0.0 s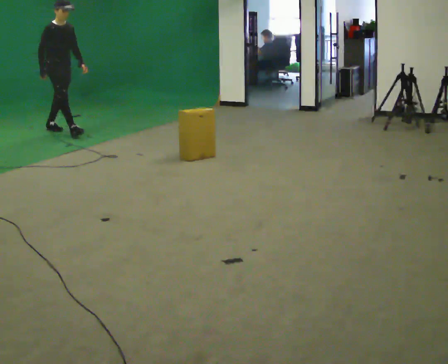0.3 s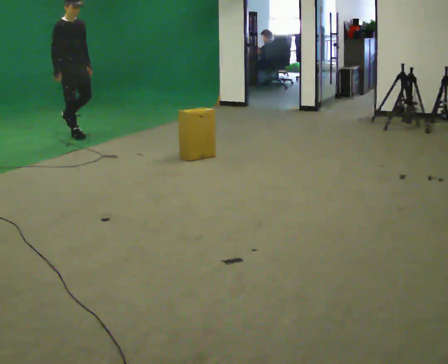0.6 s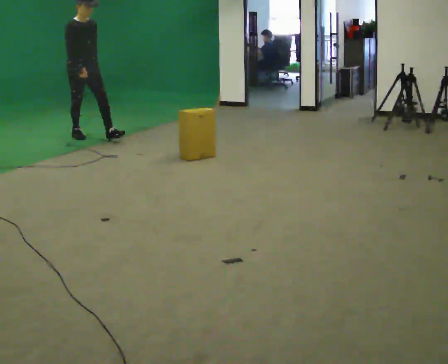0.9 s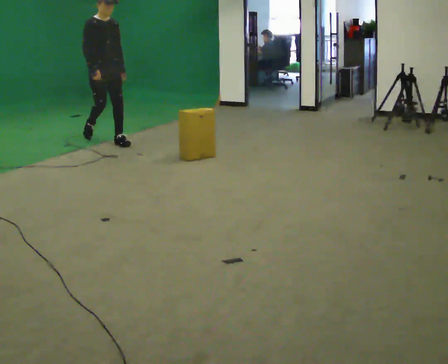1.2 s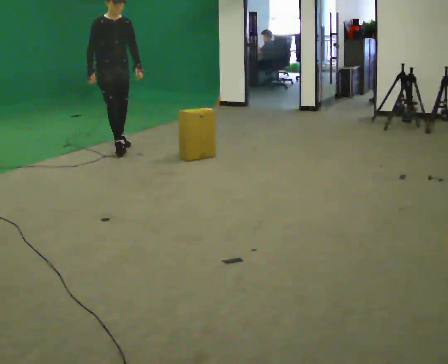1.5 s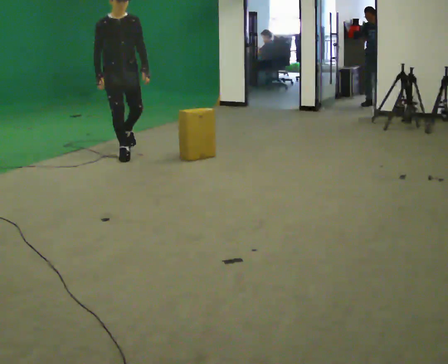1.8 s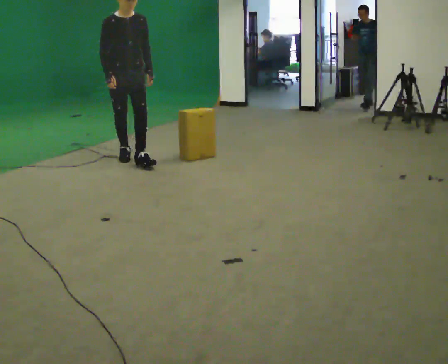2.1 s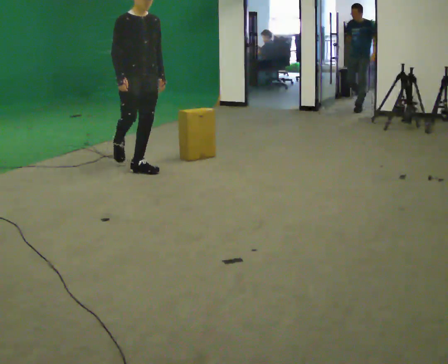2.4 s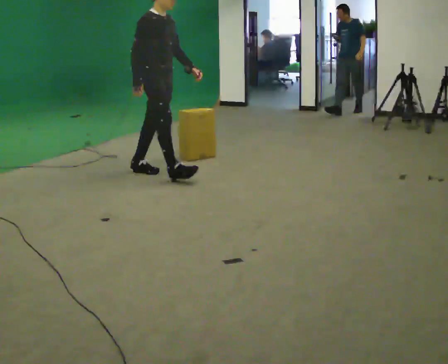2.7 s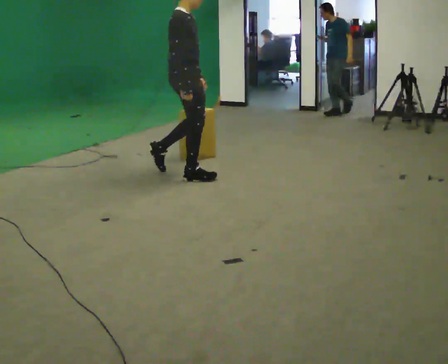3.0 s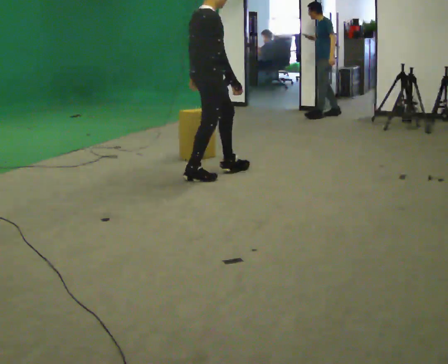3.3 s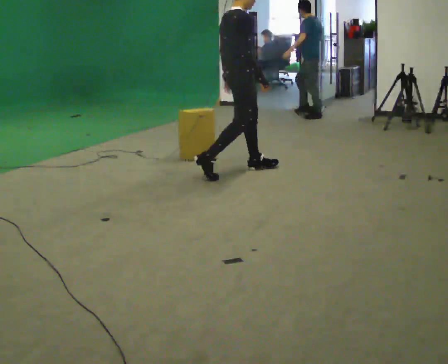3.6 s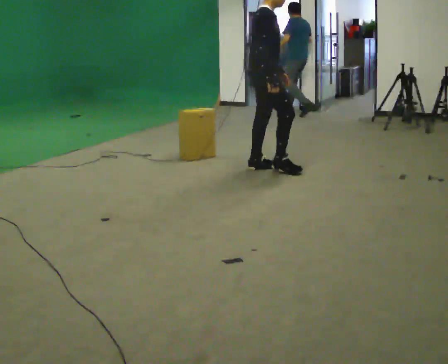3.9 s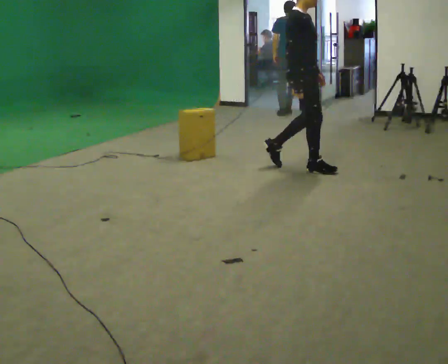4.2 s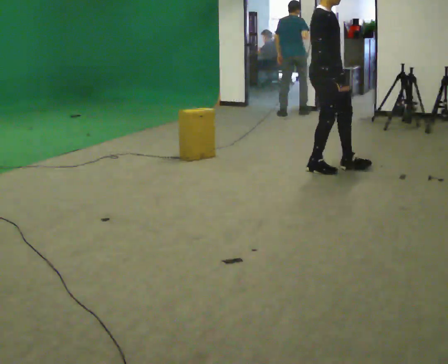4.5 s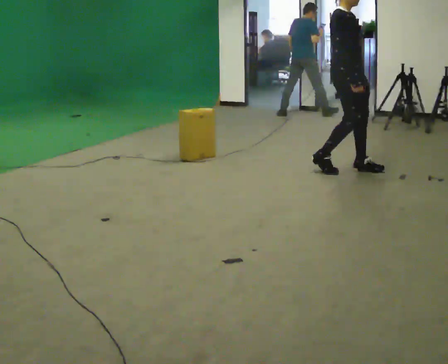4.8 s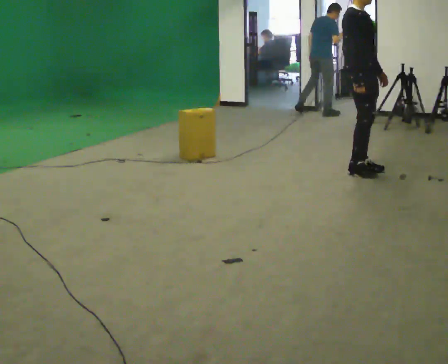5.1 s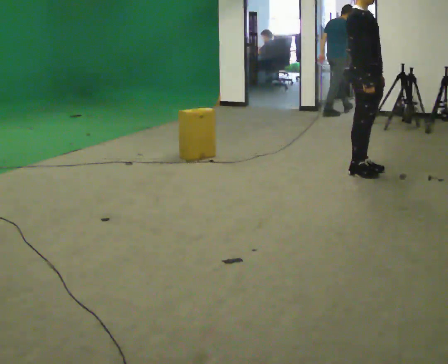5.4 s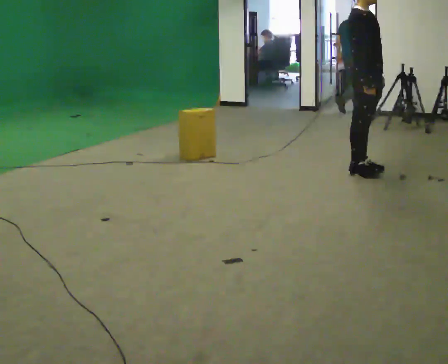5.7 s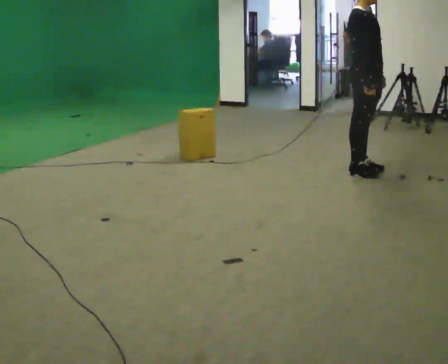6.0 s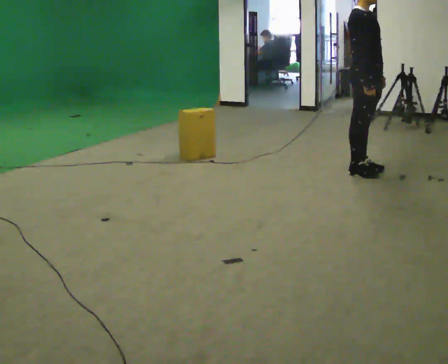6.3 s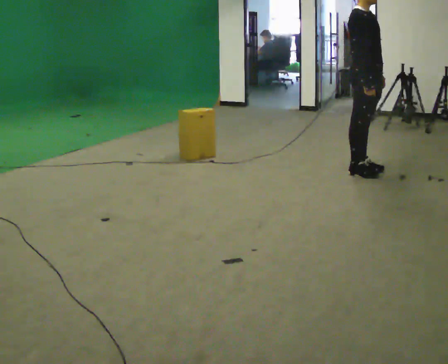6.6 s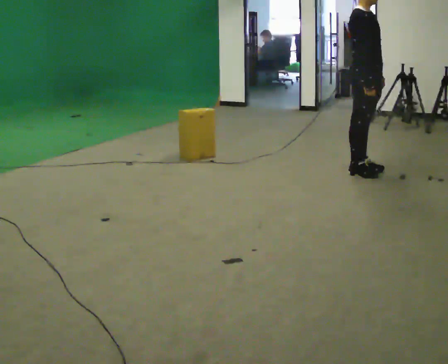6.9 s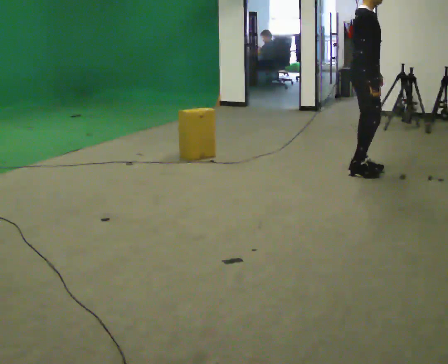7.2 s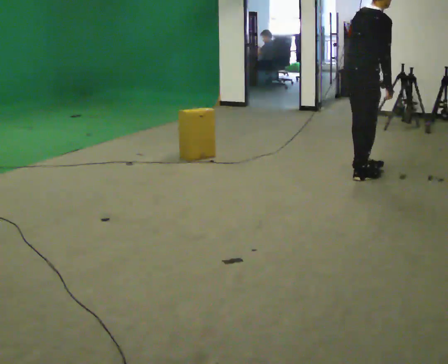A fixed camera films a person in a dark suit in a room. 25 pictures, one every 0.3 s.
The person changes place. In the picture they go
to the right.
0.0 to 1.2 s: Seen from above the body turns clockwise, about 30 degrees: to their right, with its near side sliding to the left. In the picture they go to the right and toward the camera, about 1 m in 1 step, which for them is forward.
1.2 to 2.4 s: The person turns about 45 degrees to their left, counterclockwise seen from above, so the part of the body nearest the lens slides to the right. In the picture they go toward the camera and to the right, about 1 m in 2 steps, which for them is forward.
2.4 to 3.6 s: In the picture they go to the right, about 1 m in 2 steps, which for them is forward.
3.6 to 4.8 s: Seen from above the body turns clockwise, about 30 degrees: to their right, with its near side sliding to the left. In the picture they go to the right, about 1 m in 3 steps, which for them is forward.
4.8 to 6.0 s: The person moves a little, or ends about where they began.
6.0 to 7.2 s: Seen from above the body turns counterclockwise, about 60 degrees: to their left, with its near side sliding to the right. In the picture the upper body tilts clockwise, shoulders to the right, as they bend forward.
The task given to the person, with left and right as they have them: Walk toward obstacle; alter path to avoid it; continue toward original destination.
The film runs forward here.
